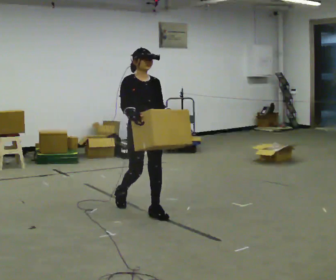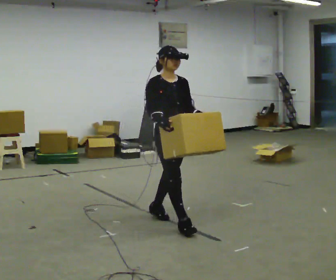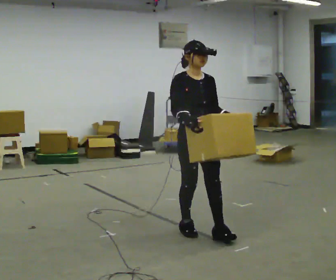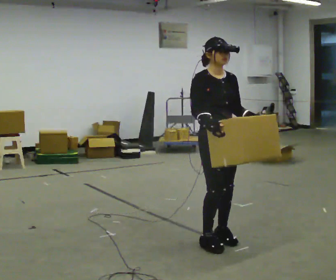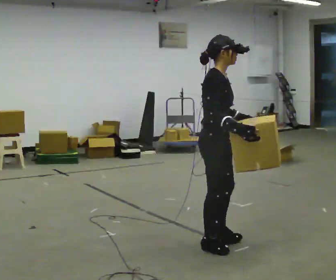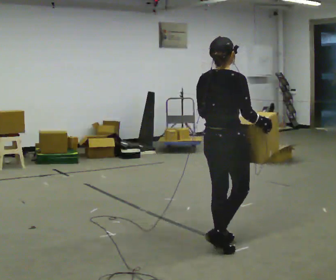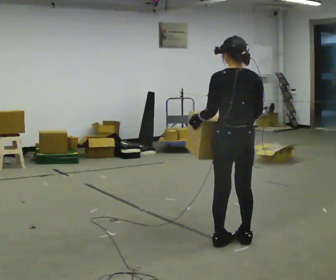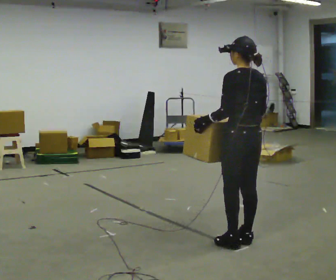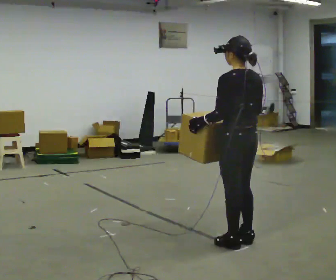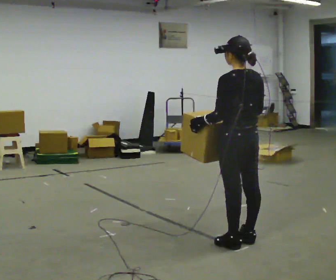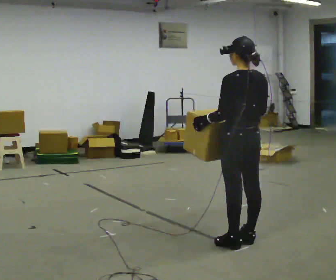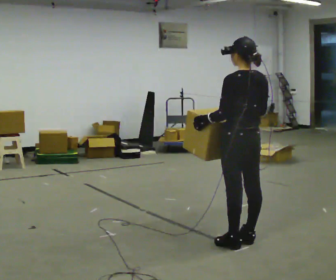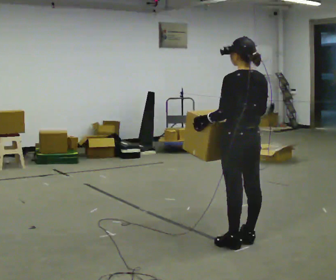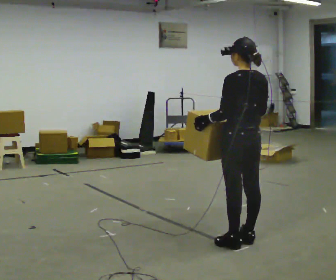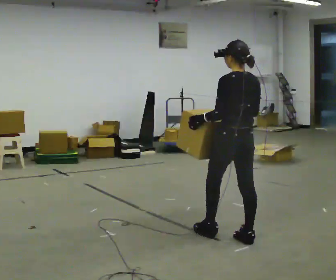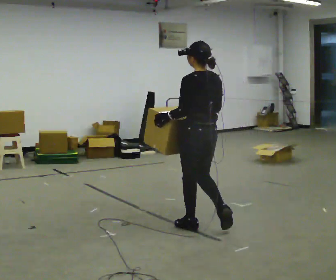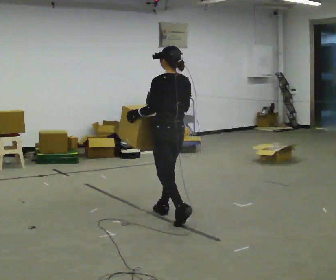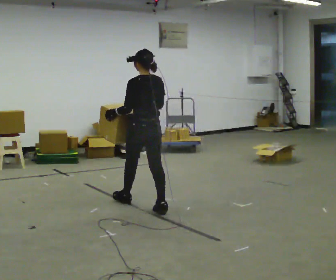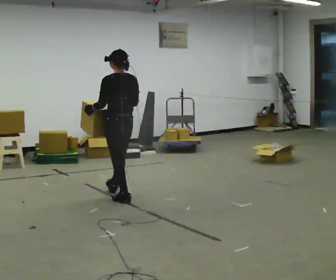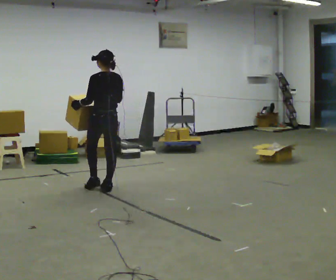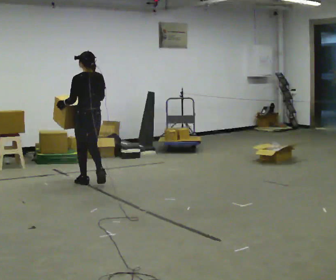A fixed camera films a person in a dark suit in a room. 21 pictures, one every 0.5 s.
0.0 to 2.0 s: The person turns about 45 degrees to their left, counterclockwise seen from above, so the part of the body nearest the lens slides to the right. In the picture they go toward the camera and to the right, about 1 m in 3 steps, which for them is forward.
2.0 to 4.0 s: Seen from above the body turns counterclockwise, about 135 degrees: to their left, with its near side sliding to the right. In the picture they go to the right, about 0.25 m in 1 step.
4.0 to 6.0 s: The person moves a little, or ends about where they began.
6.0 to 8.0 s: In the picture they go to the left and away from the camera, about 1 m in 2 steps, which for them is forward.
8.0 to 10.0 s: In the picture they go to the left and away from the camera, about 1.5 m in 3 steps, which for them is forward.
The film runs forward here.
